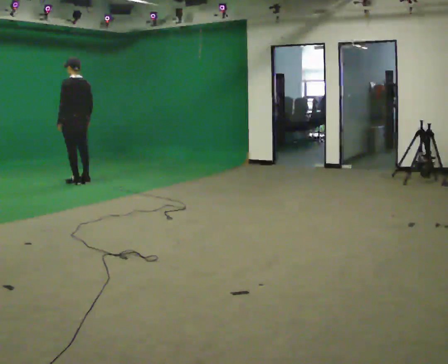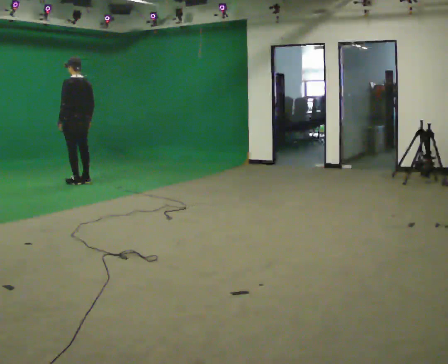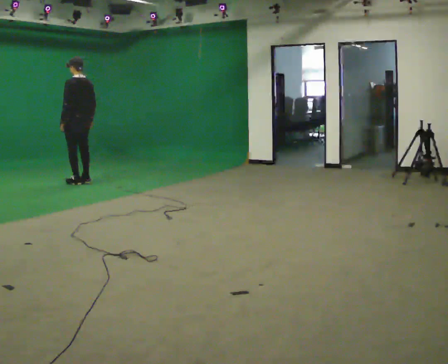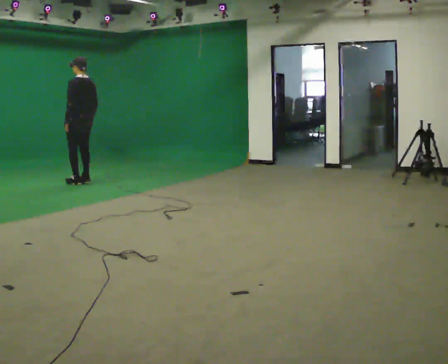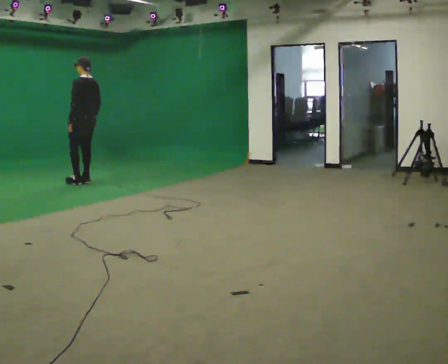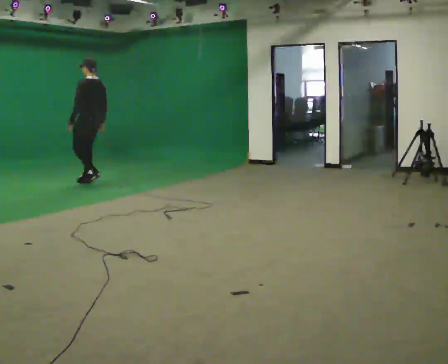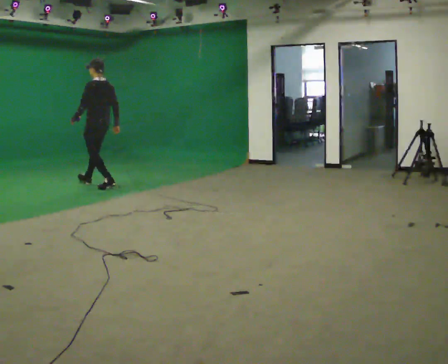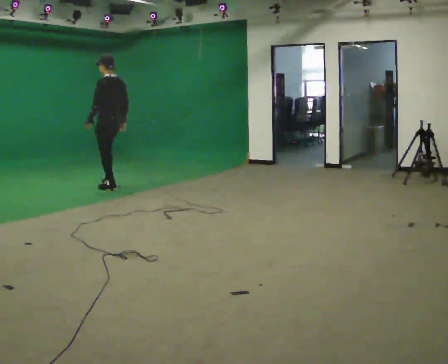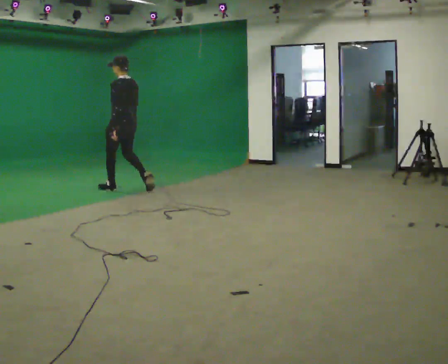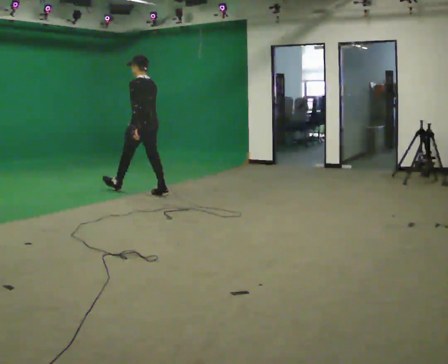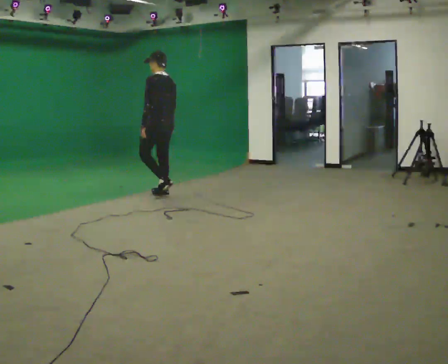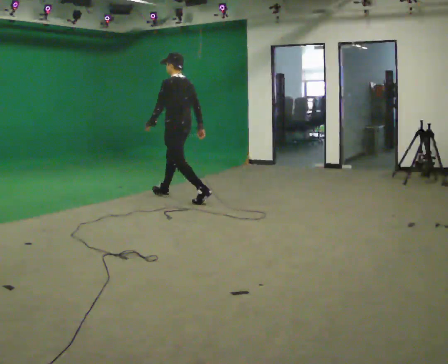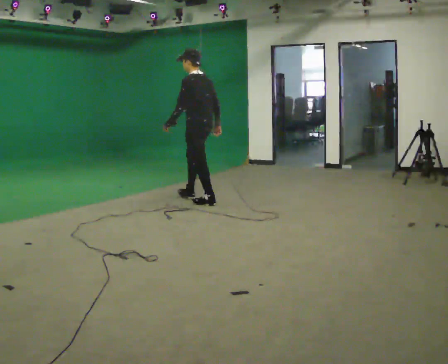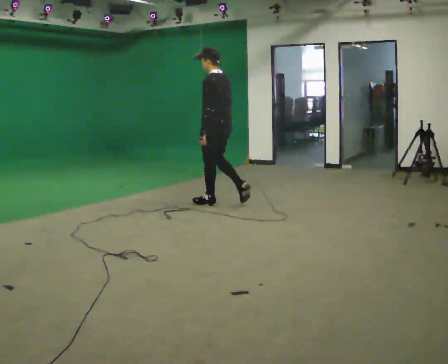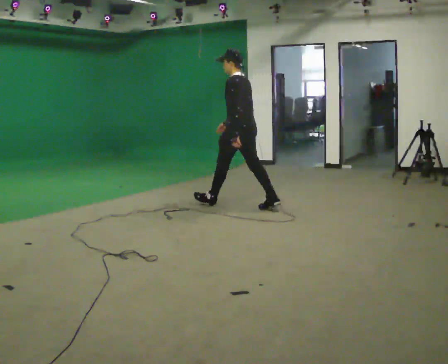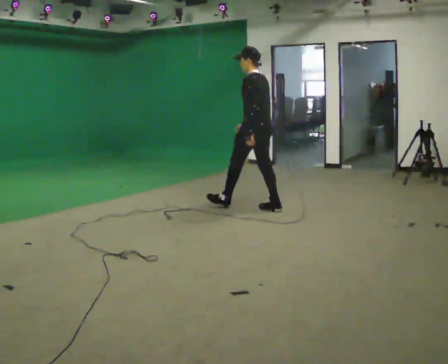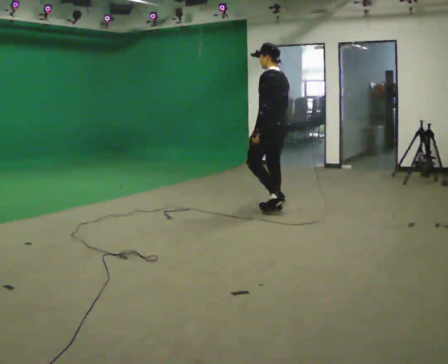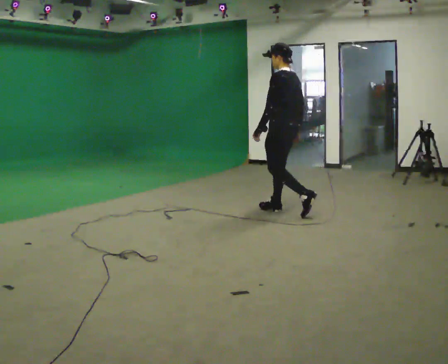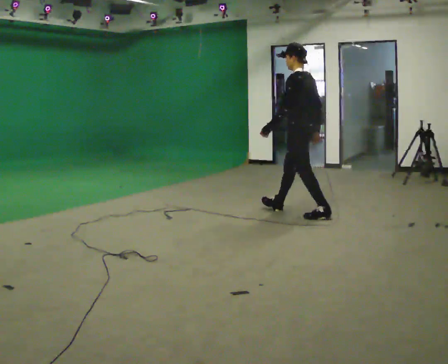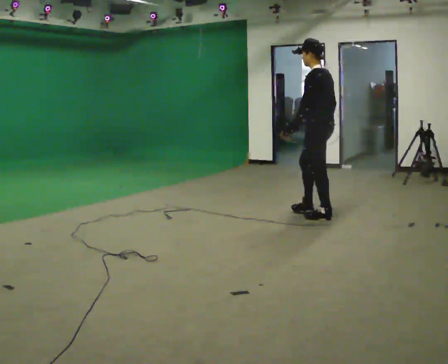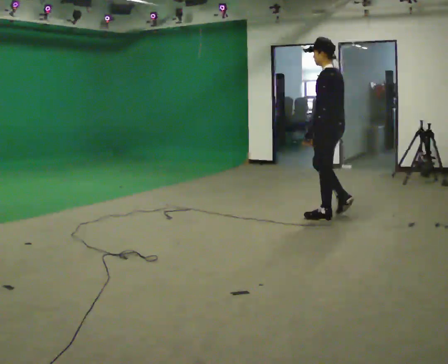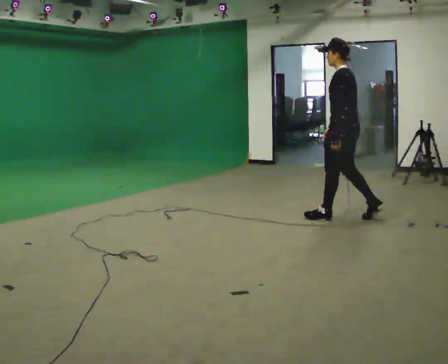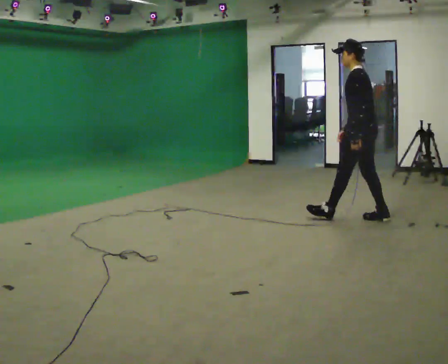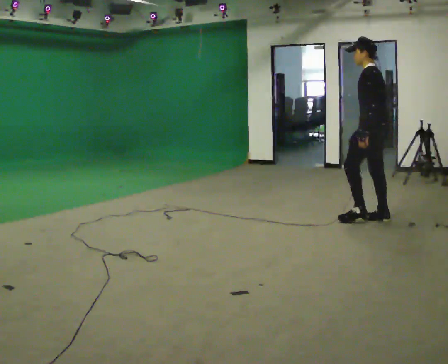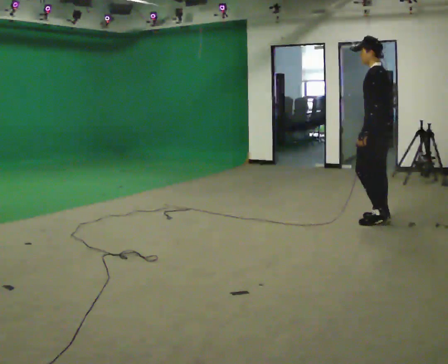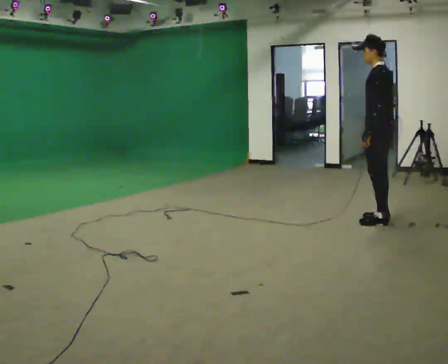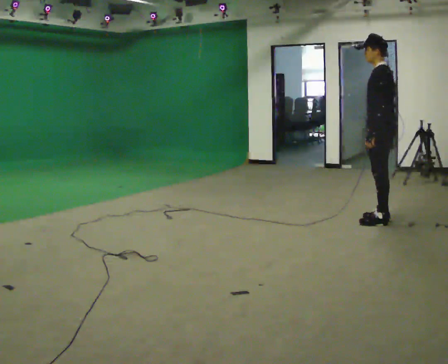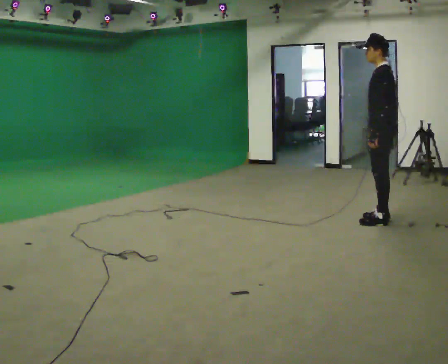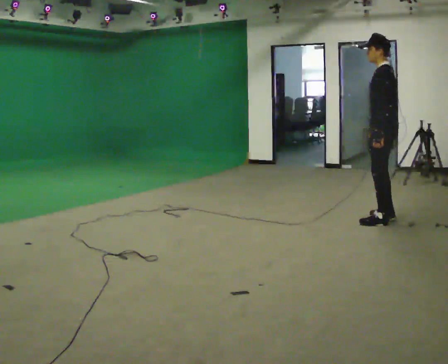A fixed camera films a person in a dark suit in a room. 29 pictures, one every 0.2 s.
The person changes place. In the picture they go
to the right.
0.0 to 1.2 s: In the picture they go to the right and toward the camera, about 0.5 m in 2 steps, which for them is backward.
1.2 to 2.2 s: In the picture they go to the right and toward the camera, about 1.5 m in 1 step, which for them is backward.
2.2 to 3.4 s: In the picture they go to the right and toward the camera, about 1.5 m in 2 steps, which for them is backward.
3.4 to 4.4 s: In the picture they go to the right and toward the camera, about 1 m in 2 steps, which for them is backward.
4.4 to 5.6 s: In the picture they go to the right, about 0.25 m, which for them is backward.
The film runs backward here.
